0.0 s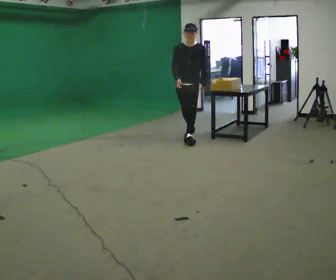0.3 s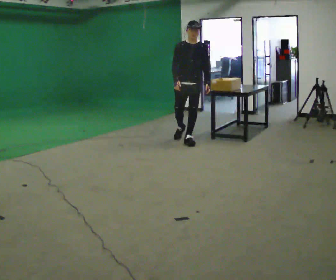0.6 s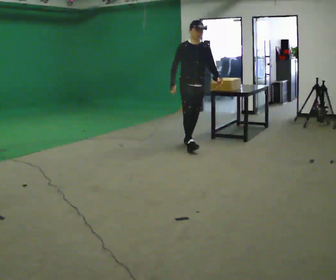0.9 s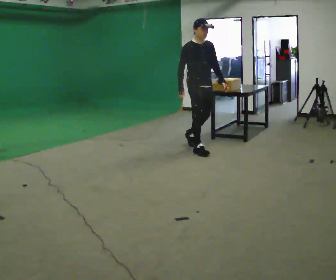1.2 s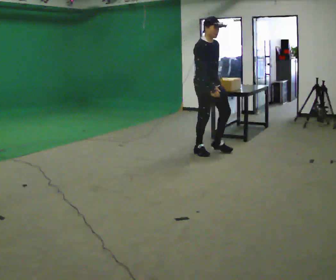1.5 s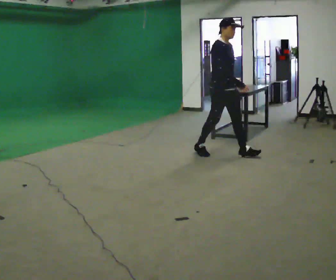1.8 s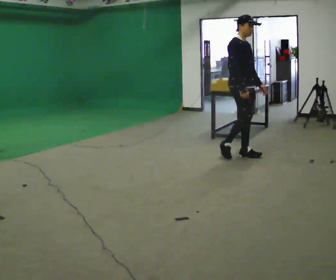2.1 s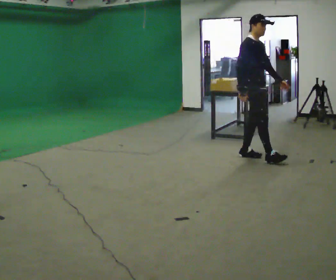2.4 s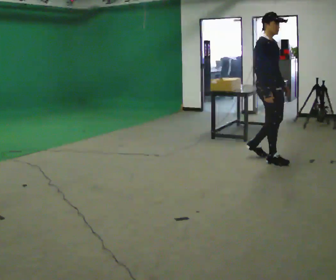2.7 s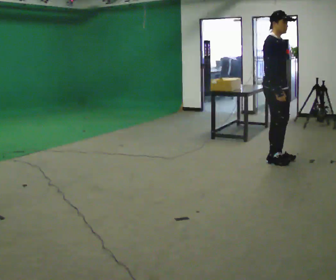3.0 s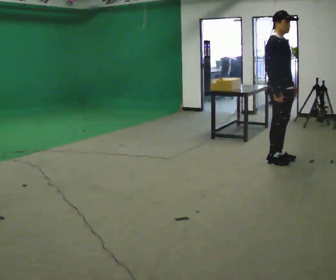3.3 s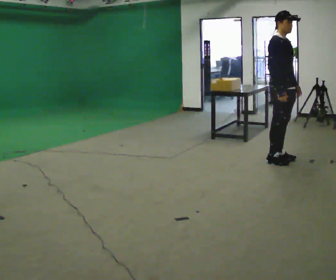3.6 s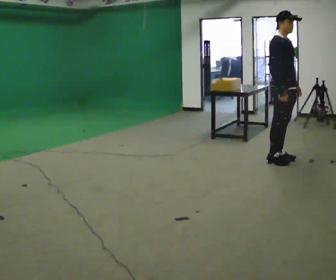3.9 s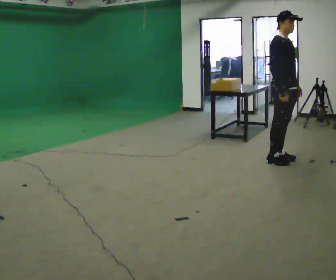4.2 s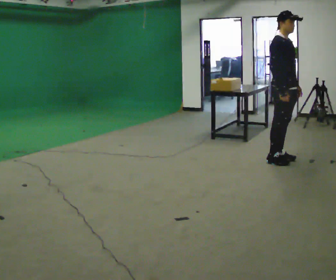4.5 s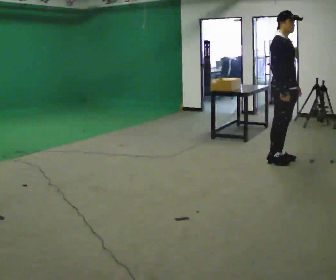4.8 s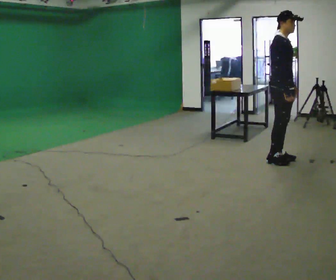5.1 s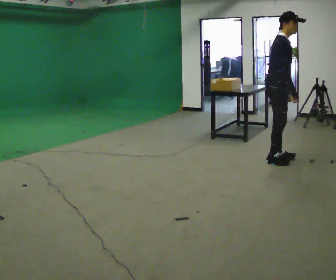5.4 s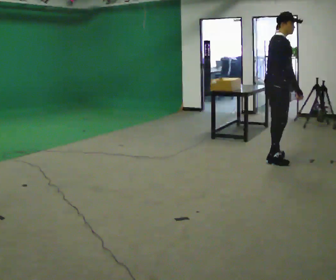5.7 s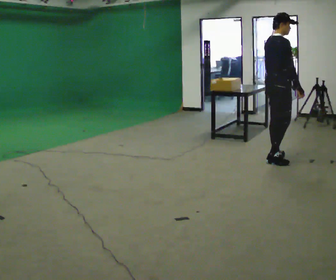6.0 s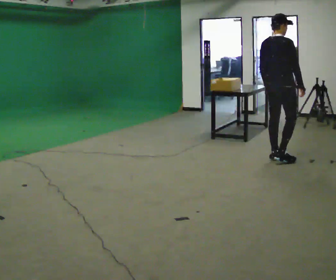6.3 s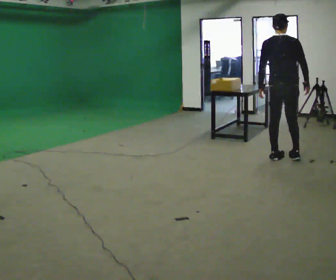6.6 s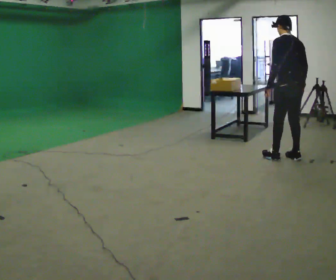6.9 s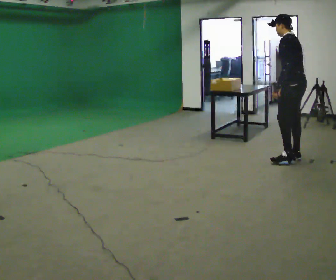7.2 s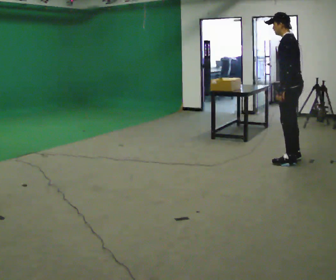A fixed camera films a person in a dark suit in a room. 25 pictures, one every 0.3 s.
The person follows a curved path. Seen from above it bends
counterclockwise.
The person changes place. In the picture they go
to the right.
0.0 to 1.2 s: The part of the body nearest the lens slides to the right as the person turns to their left by about 60 degrees. In the picture they go toward the camera and to the right, about 1 m in 1 step, which for them is forward.
1.2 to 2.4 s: In the picture they go to the right, about 1 m in 2 steps, which for them is forward.
2.4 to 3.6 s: In the picture they go to the right, about 0.25 m in 1 step, which for them is forward.
3.6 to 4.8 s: The person moves a little, or ends about where they began.
4.8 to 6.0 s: Seen from above the body turns counterclockwise, about 75 degrees: to their left, with its near side sliding to the right.
6.0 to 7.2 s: The part of the body nearest the lens slides to the right as the person turns to their left by about 120 degrees.
The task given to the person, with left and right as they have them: Walk forward noticeably slower than normal; do not shuffle; stop.
The film runs forward here.
